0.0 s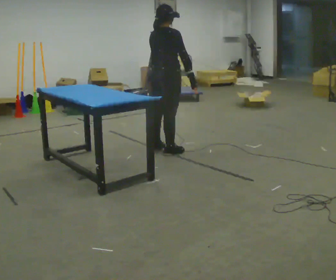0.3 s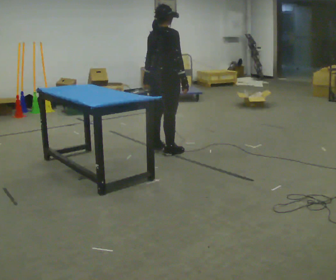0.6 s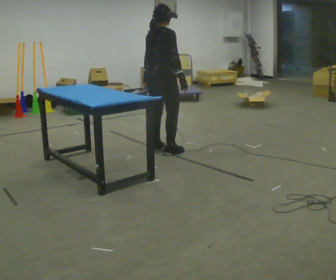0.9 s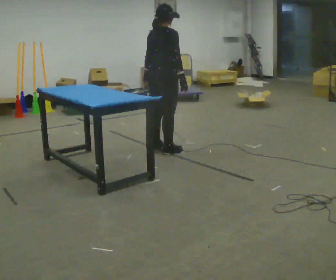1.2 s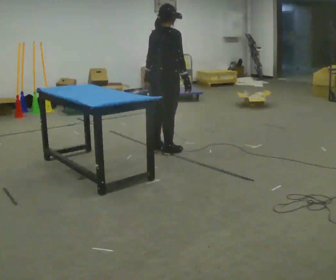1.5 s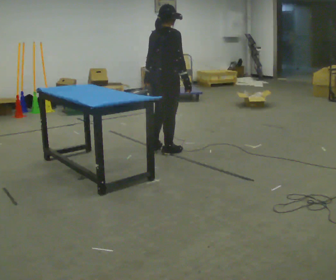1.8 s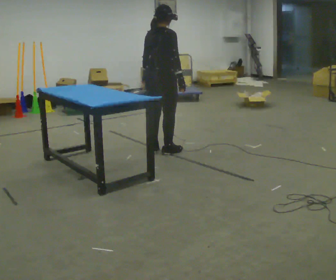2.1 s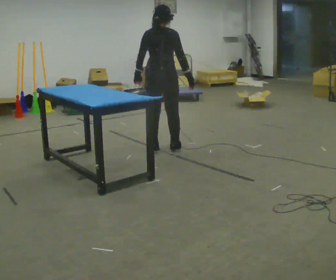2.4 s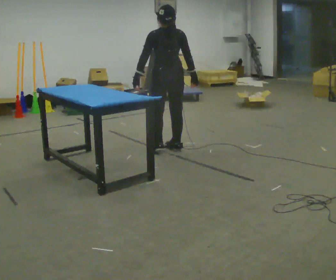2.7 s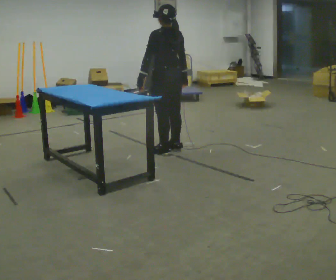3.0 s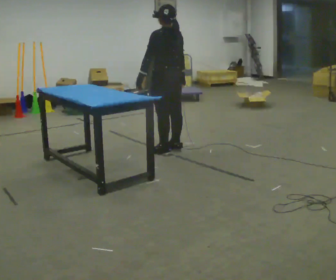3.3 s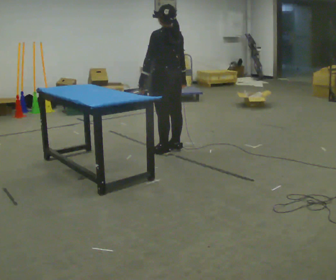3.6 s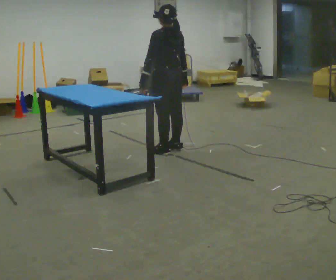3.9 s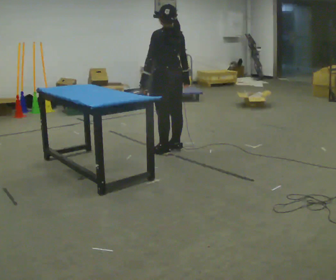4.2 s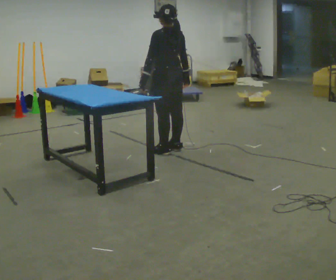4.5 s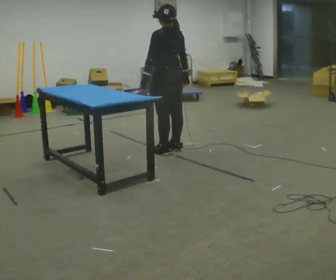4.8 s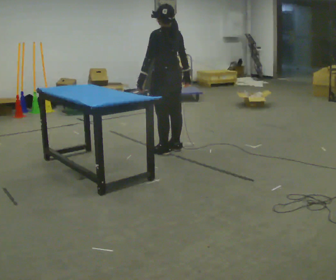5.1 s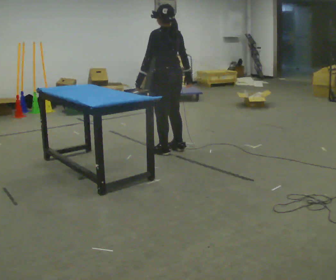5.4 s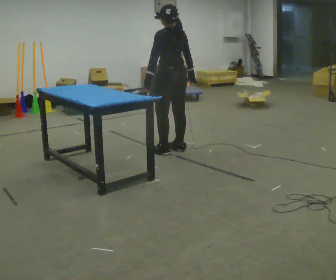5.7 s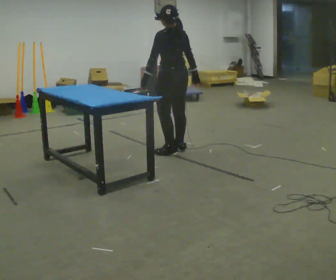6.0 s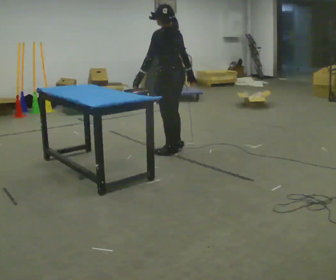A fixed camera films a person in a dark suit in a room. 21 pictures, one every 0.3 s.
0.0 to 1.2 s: The person moves a little, or ends about where they began.
1.2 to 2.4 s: The person turns about 45 degrees to their left, counterclockwise seen from above, so the part of the body nearest the lens slides to the right.
2.4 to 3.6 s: Seen from above the body turns counterclockwise, about 30 degrees: to their left, with its near side sliding to the right.
3.6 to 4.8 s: The person keeps their place and pose.
4.8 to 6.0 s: The person moves a little, or ends about where they began.
The film runs backward here.
